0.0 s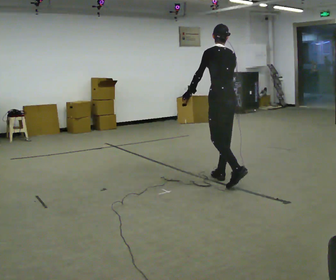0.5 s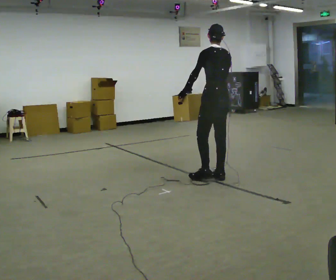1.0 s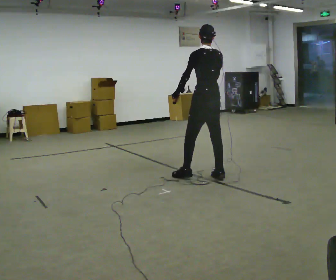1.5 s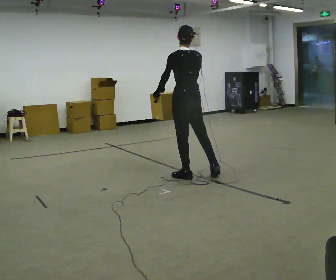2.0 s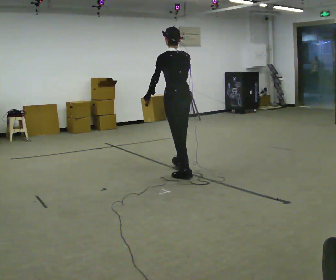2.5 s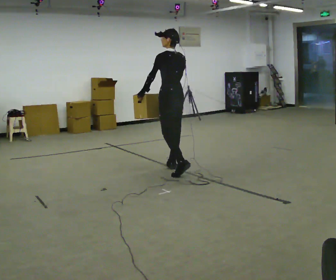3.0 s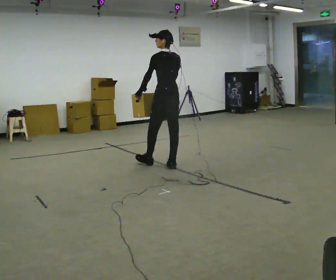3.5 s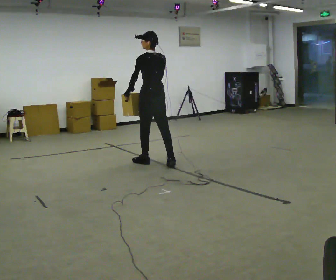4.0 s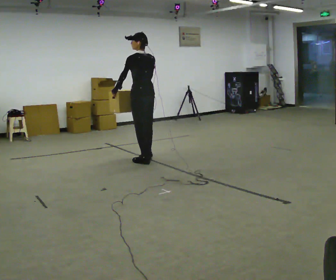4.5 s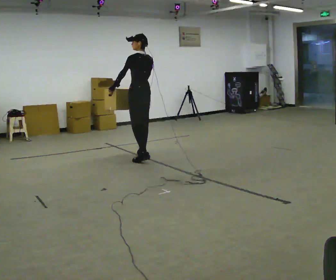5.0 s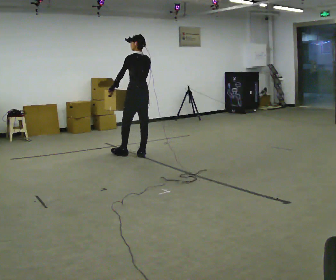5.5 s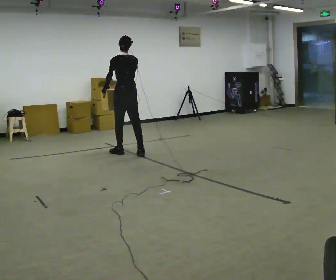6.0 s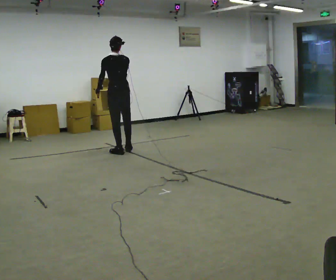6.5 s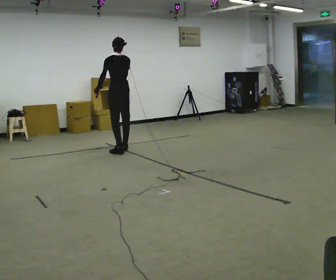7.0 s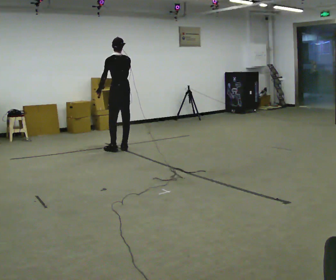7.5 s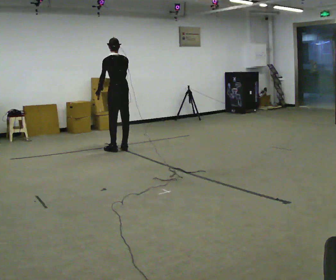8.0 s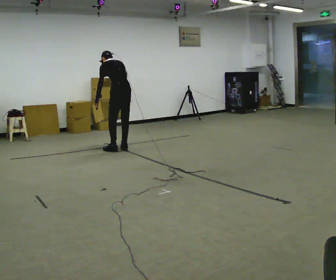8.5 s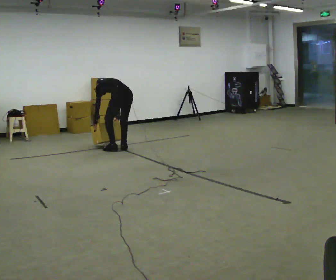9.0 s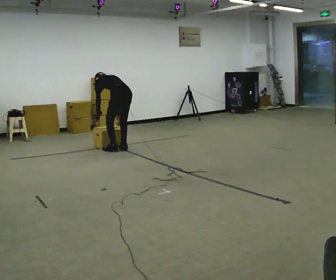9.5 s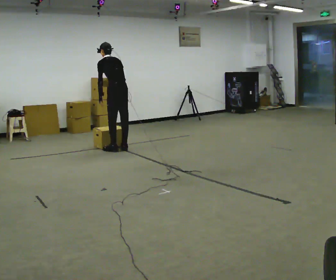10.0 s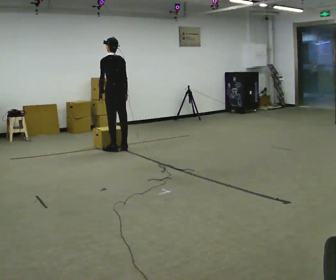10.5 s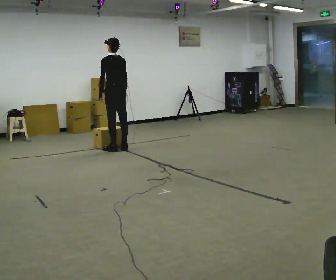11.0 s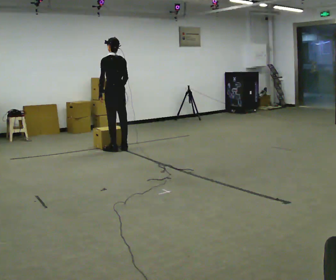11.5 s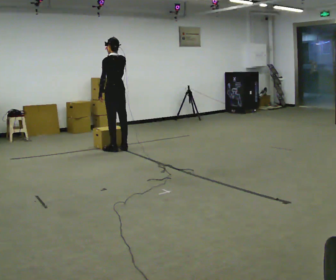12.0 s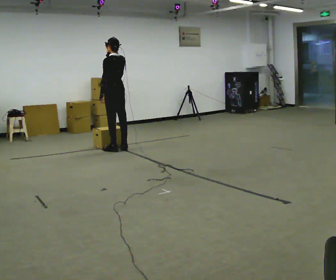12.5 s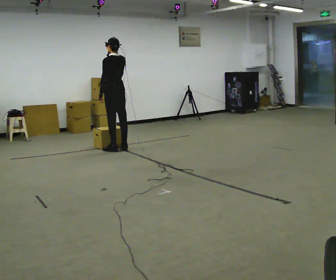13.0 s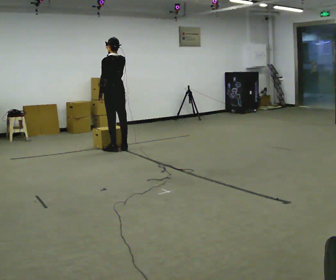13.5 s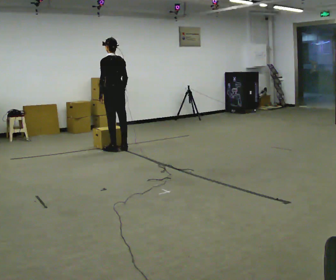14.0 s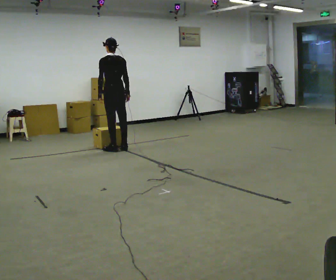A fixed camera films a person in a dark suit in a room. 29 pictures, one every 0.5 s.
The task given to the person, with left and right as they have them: Carry the box across the room while freely looking around at the walls, ceiling and floor. Keep going until the operator says stop; one object at a time, and do not rush between trips.
0.0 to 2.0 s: In the picture they go to the left and away from the camera, about 0.5 m in 1 step, which for them is forward and to their left.
2.0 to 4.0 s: In the picture they go away from the camera and to the left, about 1 m in 2 steps, which for them is forward.
4.0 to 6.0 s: In the picture they go away from the camera and to the left, about 0.75 m in 2 steps, which for them is forward.
6.0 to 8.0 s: In the picture they go away from the camera, about 0.25 m in 2 steps, which for them is to their right and forward. The upper body tips away from the camera, its near side rolling upward, as they bend forward.
8.0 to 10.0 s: The person moves a little, or ends about where they began.
10.0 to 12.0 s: In the picture their right hand goes upward.
12.0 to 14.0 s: In the picture their right hand goes downward.
The film runs forward here.
